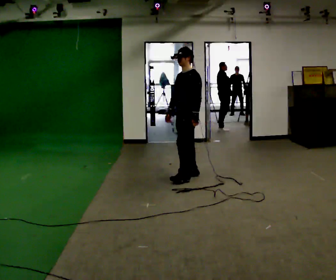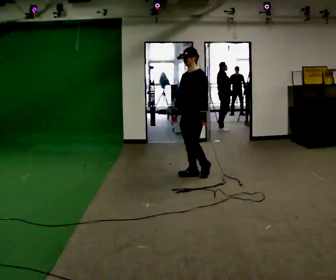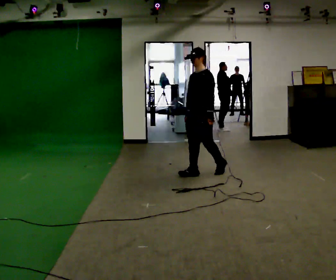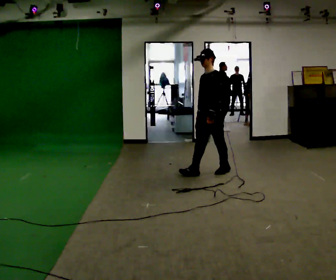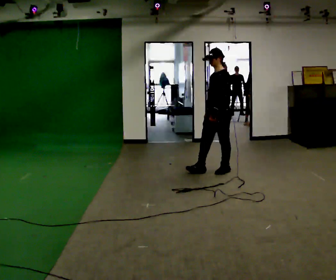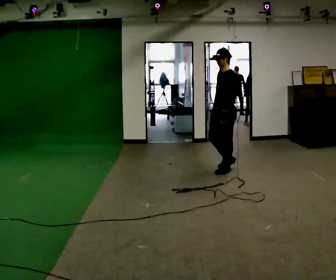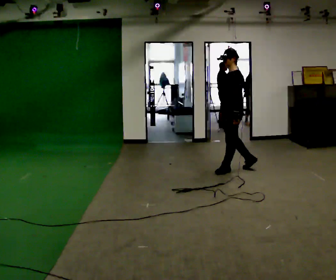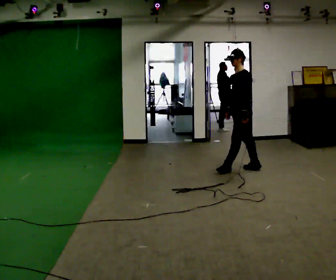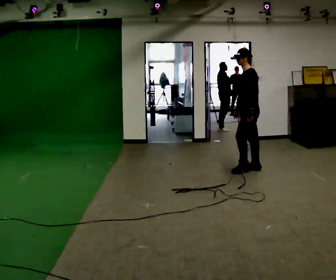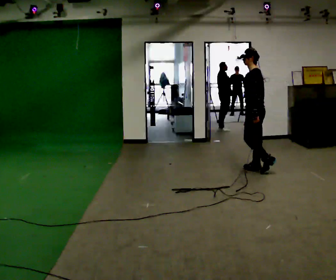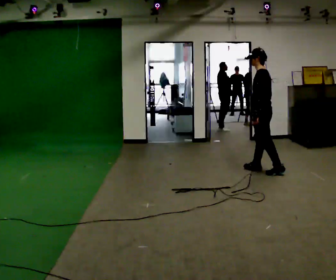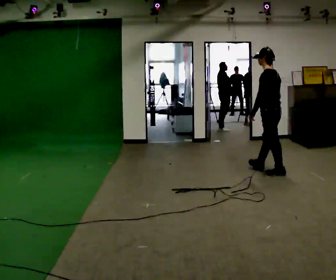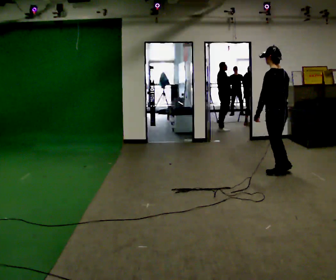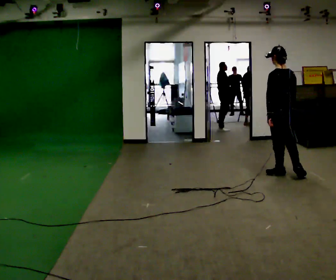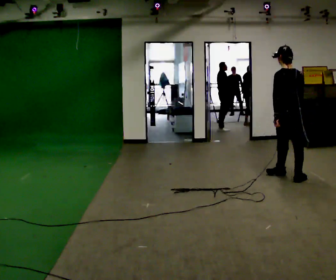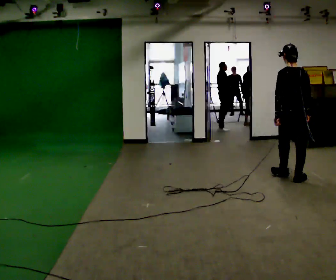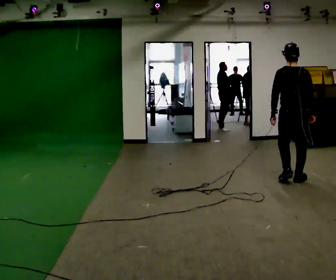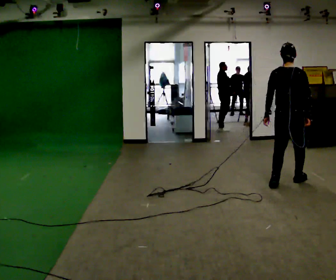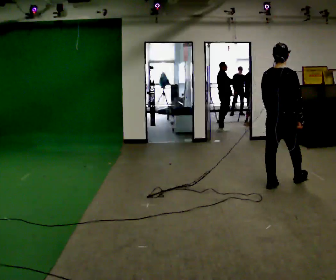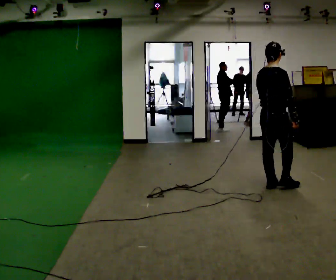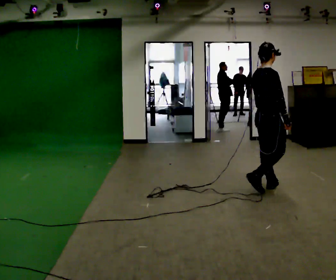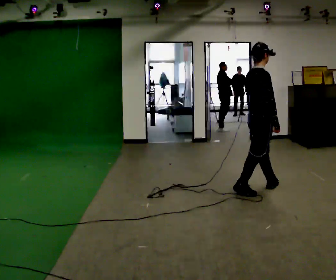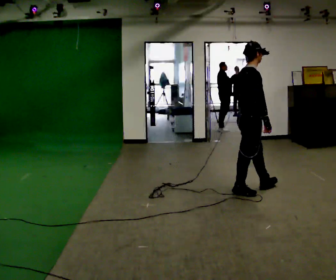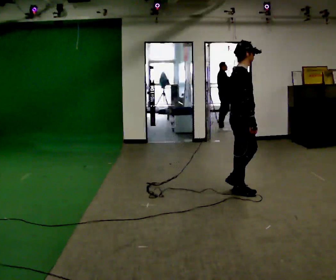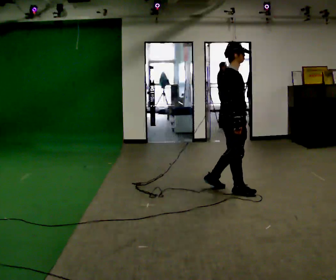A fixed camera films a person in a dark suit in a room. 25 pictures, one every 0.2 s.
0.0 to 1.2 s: In the picture they go to the right and away from the camera, about 0.75 m in 1 step, which for them is backward.
1.2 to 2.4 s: The person turns about 60 degrees to their right, clockwise seen from above, so the part of the body nearest the lens slides to the left. In the picture they go to the right, about 0.75 m in 2 steps, which for them is backward and to their left.
2.4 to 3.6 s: The person turns about 75 degrees to their right, clockwise seen from above, so the part of the body nearest the lens slides to the left. In the picture they go toward the camera, about 0.5 m in 1 step.
3.6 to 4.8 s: The person turns about 60 degrees to their right, clockwise seen from above, so the part of the body nearest the lens slides to the left. In the picture they go to the left and toward the camera, about 0.75 m in 2 steps.
The film runs backward here.
